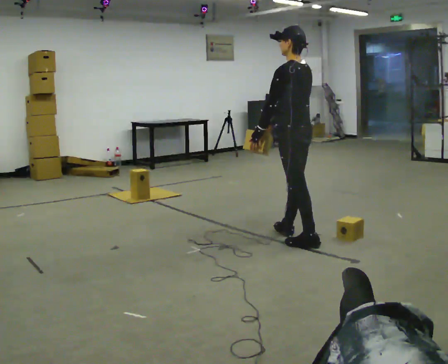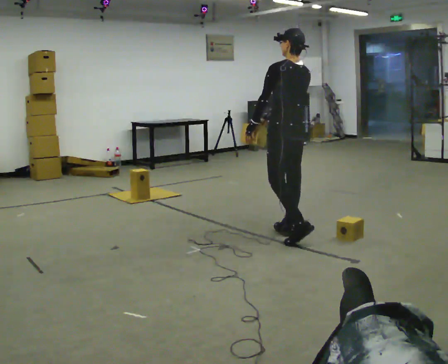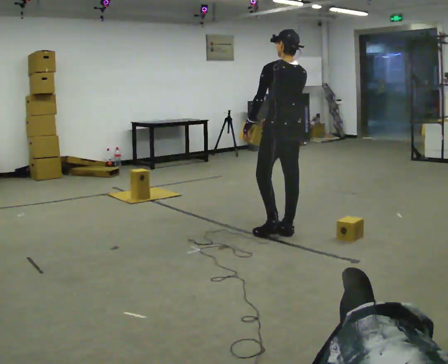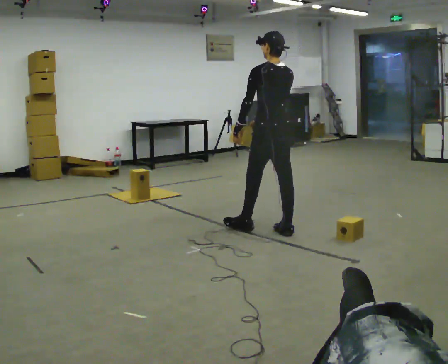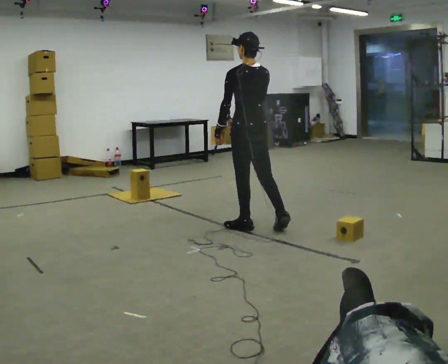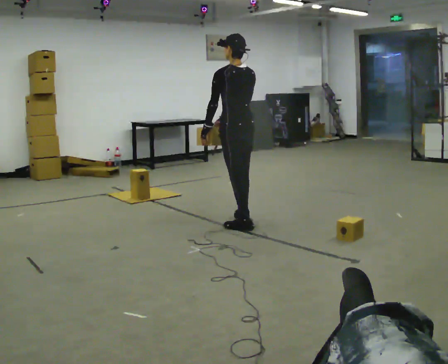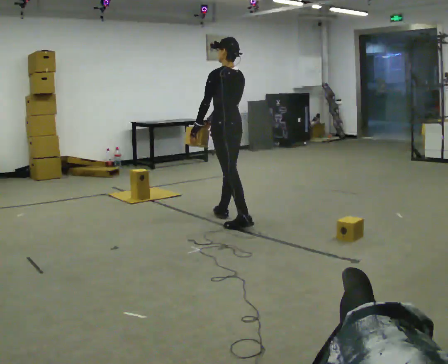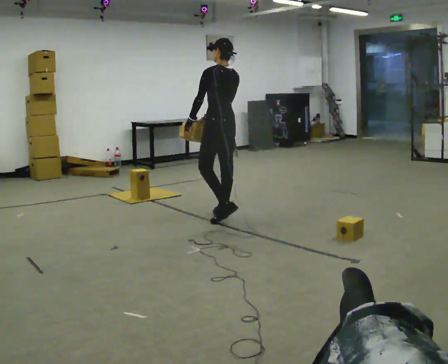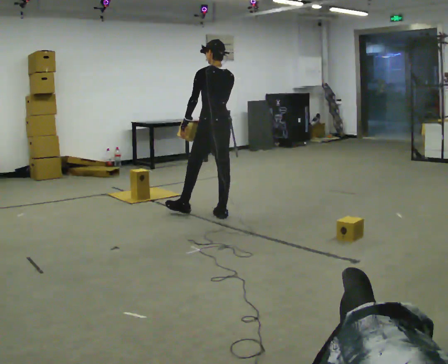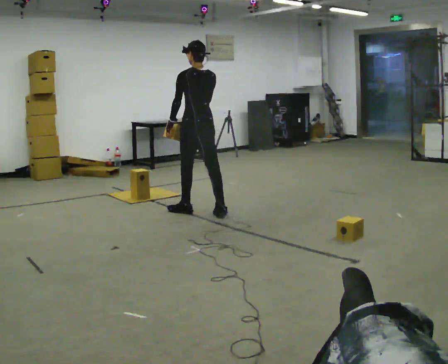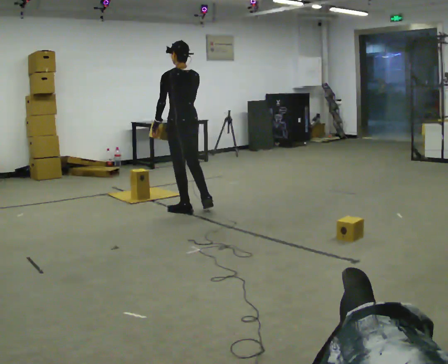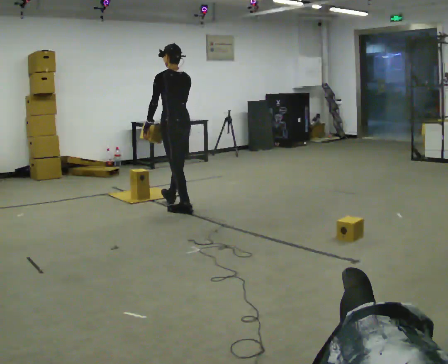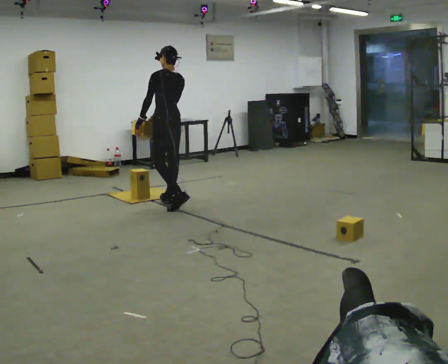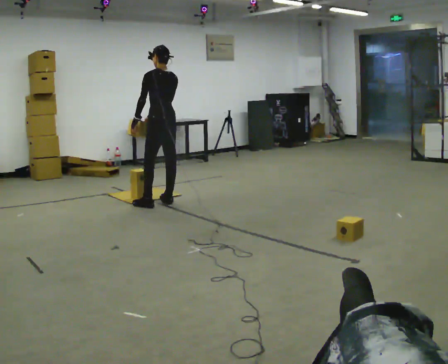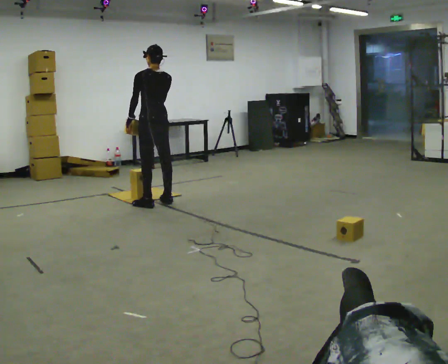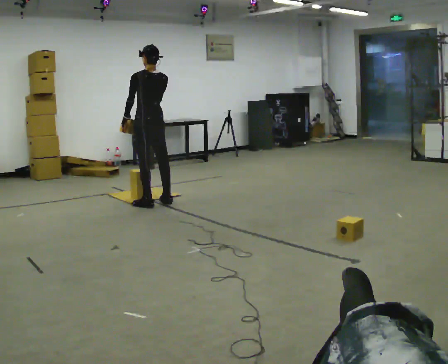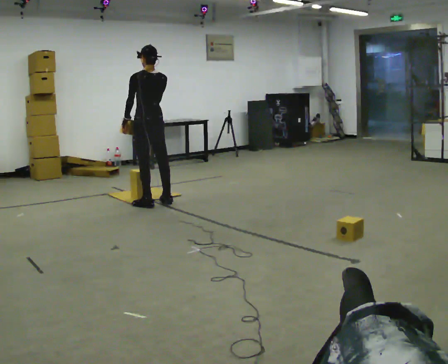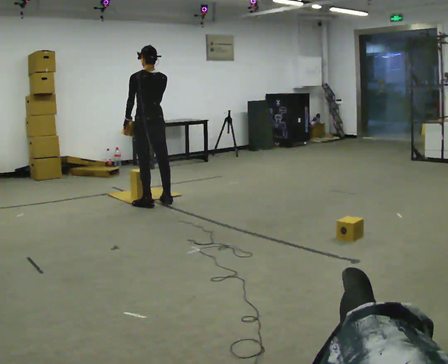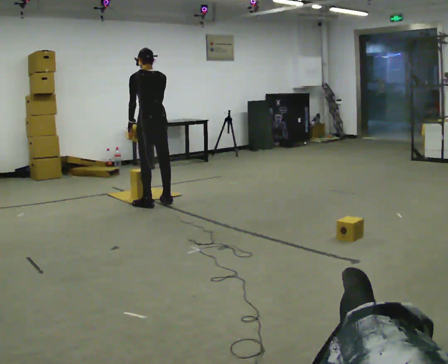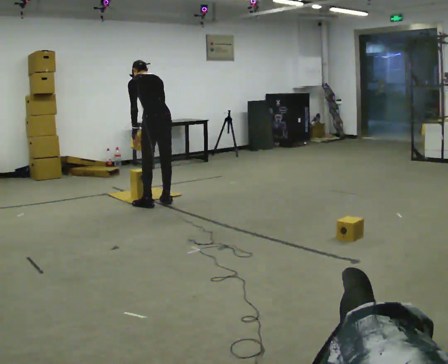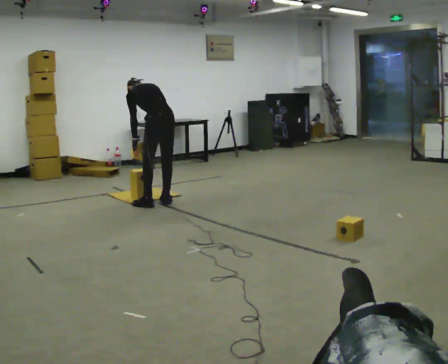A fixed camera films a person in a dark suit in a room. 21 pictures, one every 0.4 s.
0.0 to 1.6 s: In the picture they go away from the camera and to the left, about 0.5 m in 1 step, which for them is forward.
1.6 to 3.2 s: In the picture they go away from the camera and to the left, about 0.5 m in 1 step, which for them is forward.
3.2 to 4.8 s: In the picture they go away from the camera and to the left, about 0.75 m in 2 steps, which for them is forward.
4.8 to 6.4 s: In the picture they go to the left, about 0.25 m in 1 step, which for them is forward and to their left.
6.4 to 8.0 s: The upper body goes downward. The upper body tips away from the camera, its near side rolling upward, as they bend forward.
The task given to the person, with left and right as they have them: Carry the boxes over one at a time and lay them out on the pallet in the pattern the operator shows you. Keep going until the operator says stop; one object at a time, and do not rush between trips.
The film runs forward here.
